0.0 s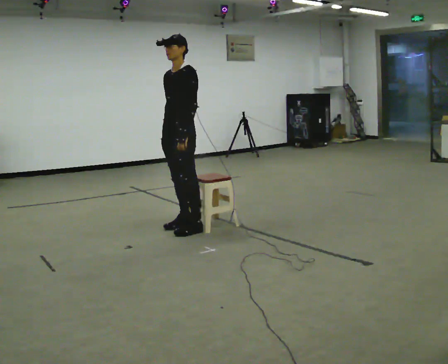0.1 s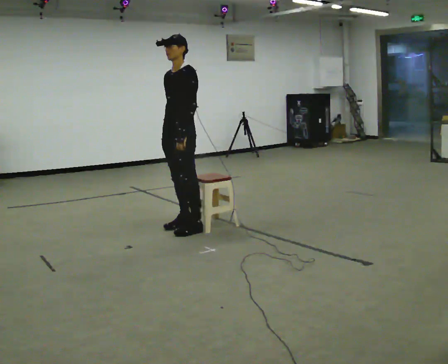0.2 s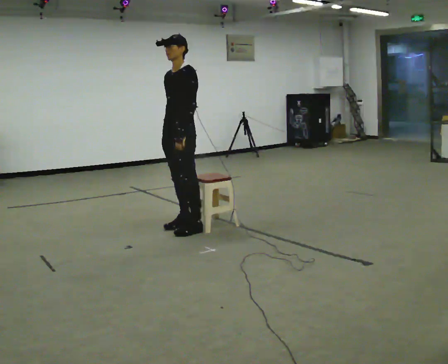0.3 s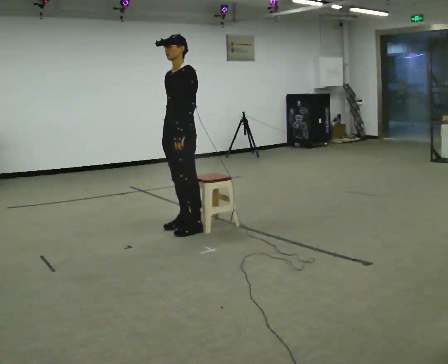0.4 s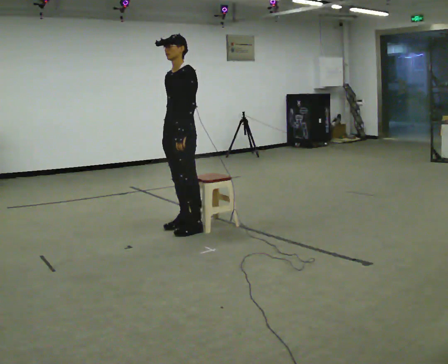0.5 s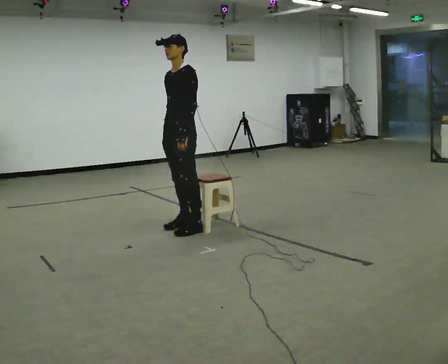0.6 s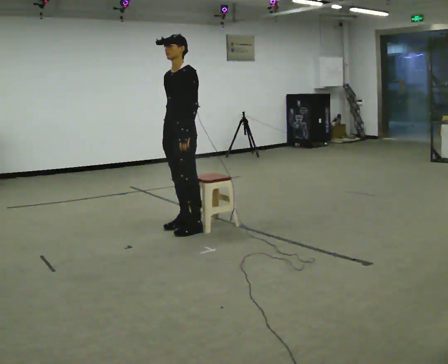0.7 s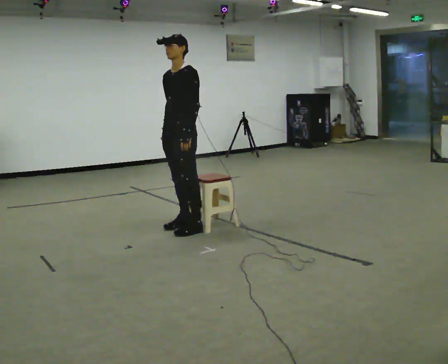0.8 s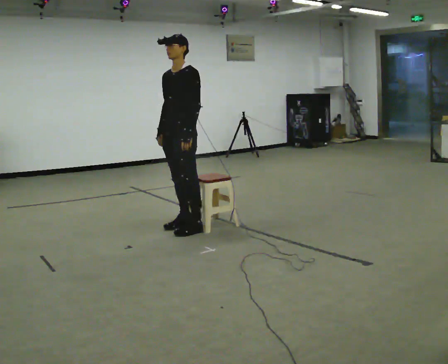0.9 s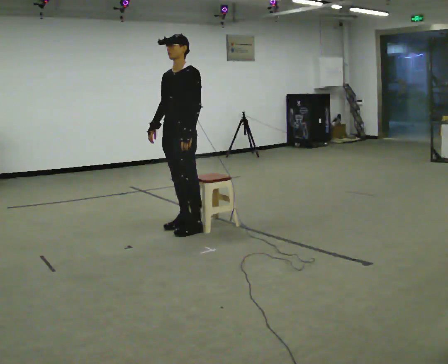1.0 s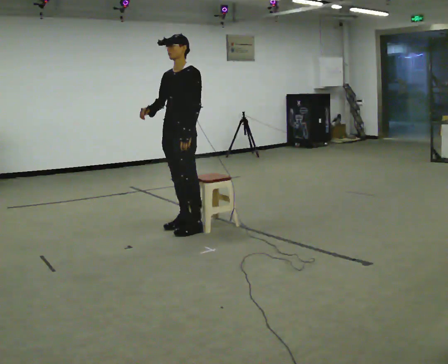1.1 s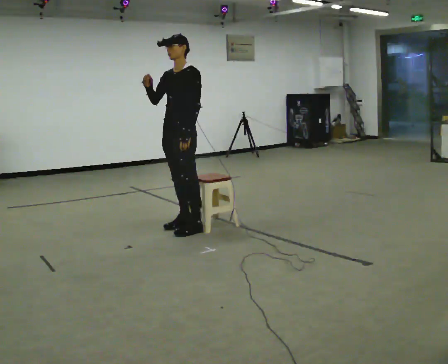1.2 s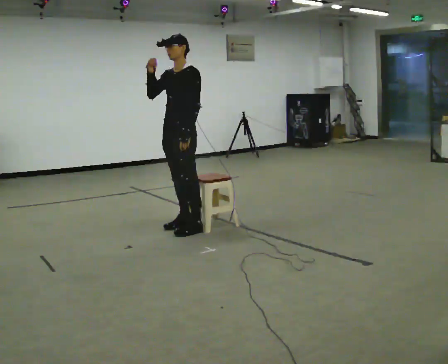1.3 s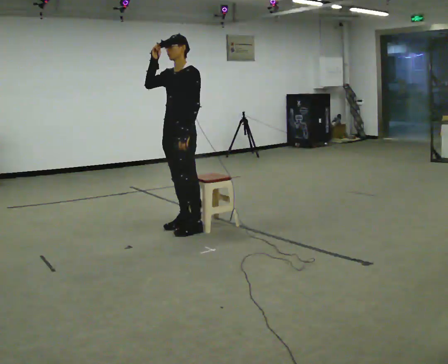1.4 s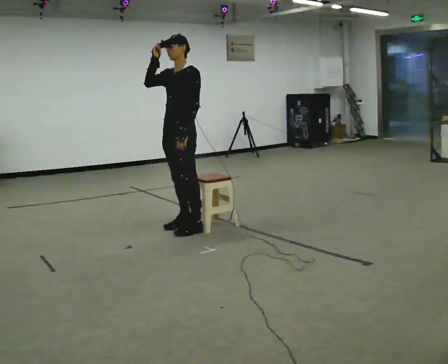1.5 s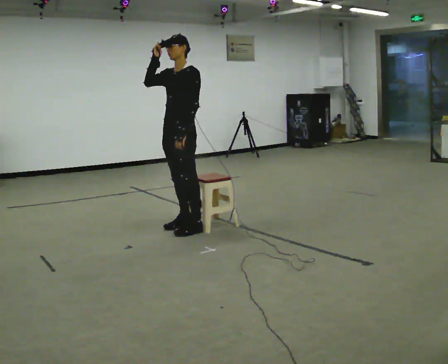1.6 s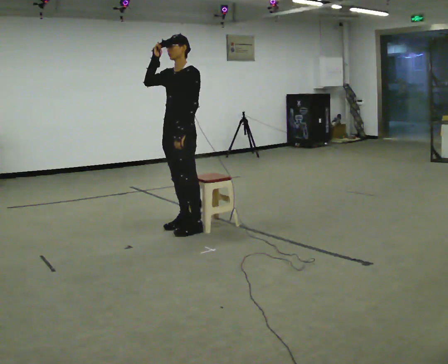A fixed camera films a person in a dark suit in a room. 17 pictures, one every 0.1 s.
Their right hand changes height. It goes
upward.
0.0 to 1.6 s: In the picture their right hand goes upward.
The film runs backward here.
